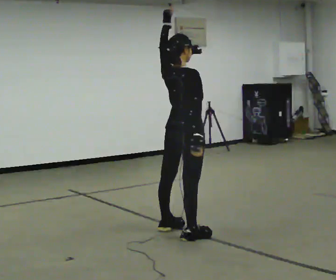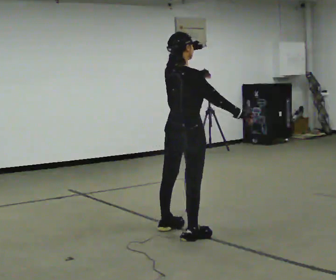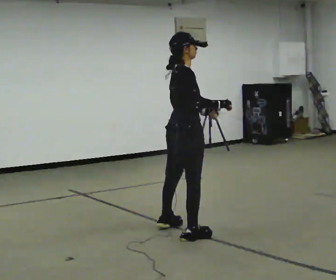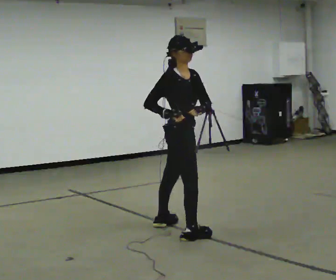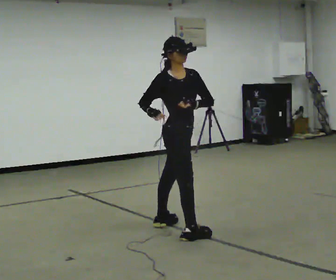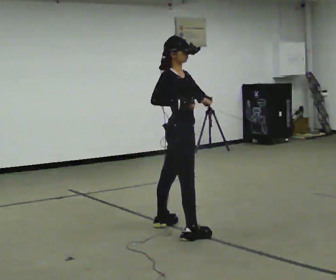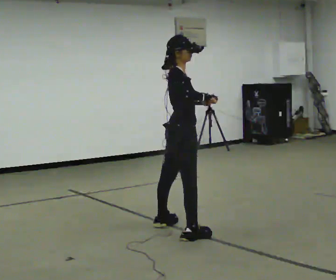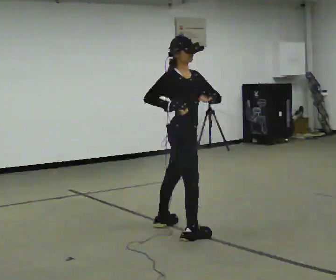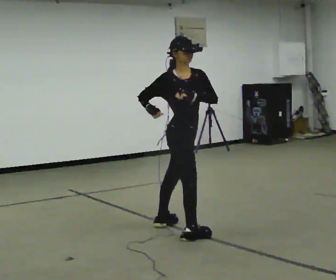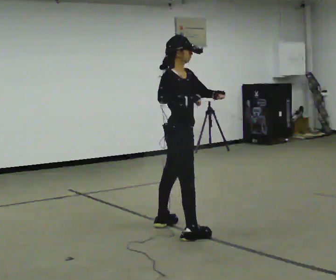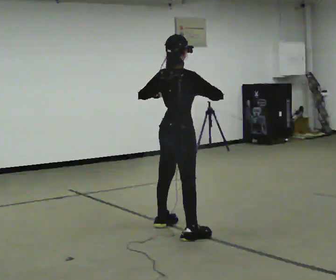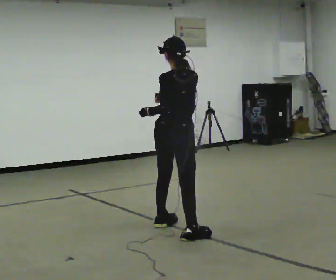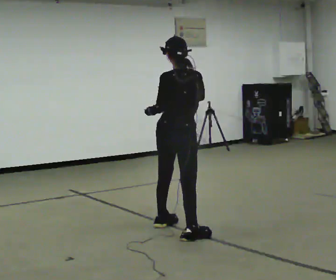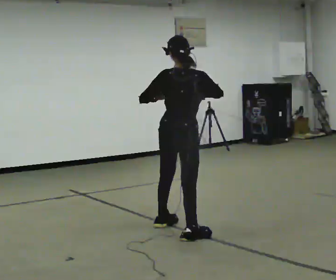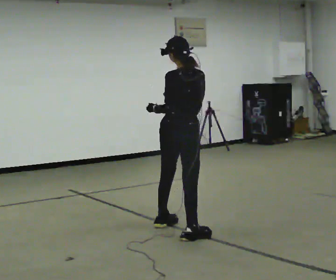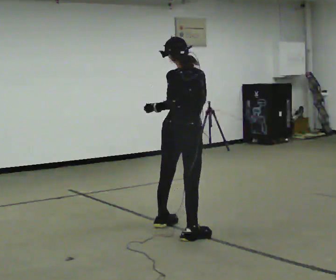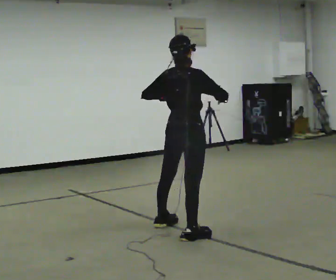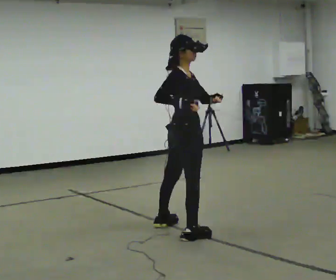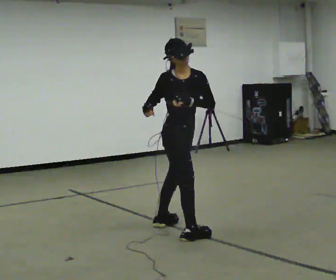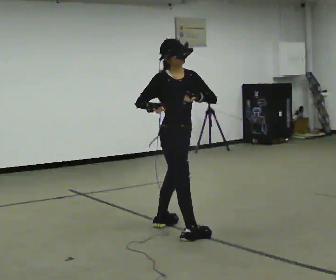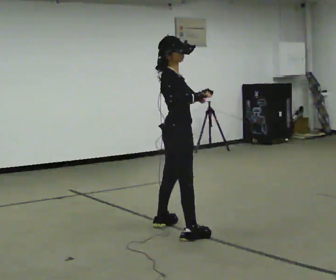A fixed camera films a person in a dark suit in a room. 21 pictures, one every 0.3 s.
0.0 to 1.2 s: Seen from above the body turns clockwise, about 75 degrees: to their right, with its near side sliding to the left. In the picture their left hand goes downward.
1.2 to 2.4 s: The person moves a little, or ends about where they began.
2.4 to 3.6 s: The person turns about 120 degrees to their left, counterclockwise seen from above, so the part of the body nearest the lens slides to the right.
3.6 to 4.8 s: The person turns about 30 degrees to their right, clockwise seen from above, so the part of the body nearest the lens slides to the left. In the picture their right hand goes to the right.
4.8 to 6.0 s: The part of the body nearest the lens slides to the left as the person turns to their right by about 60 degrees. In the picture their left hand goes to the right.
The film runs backward here.
